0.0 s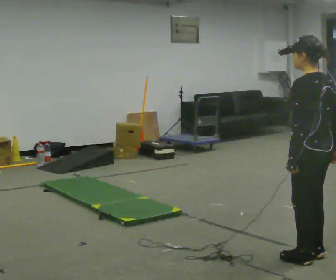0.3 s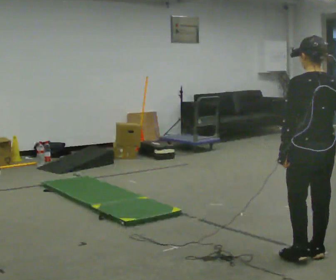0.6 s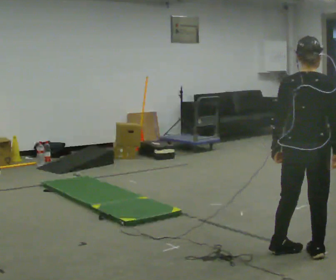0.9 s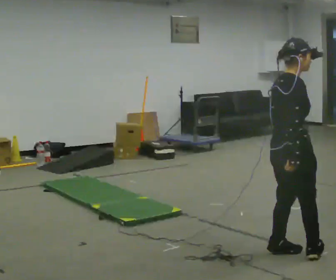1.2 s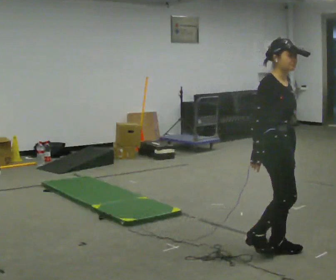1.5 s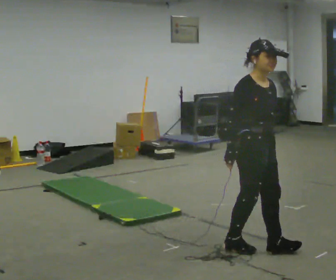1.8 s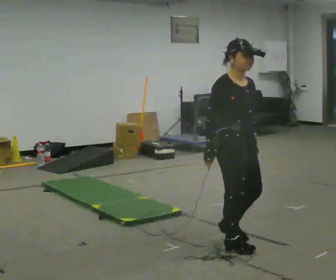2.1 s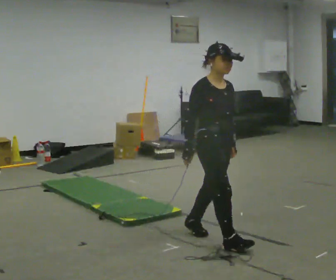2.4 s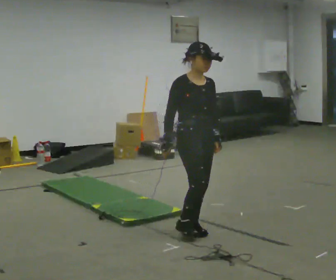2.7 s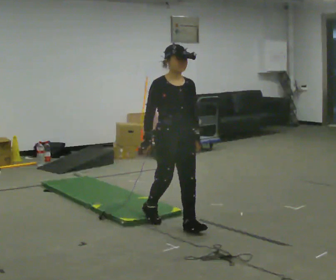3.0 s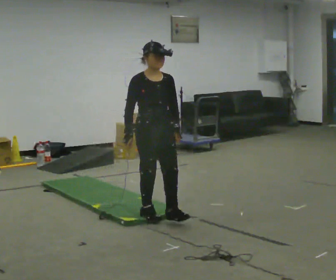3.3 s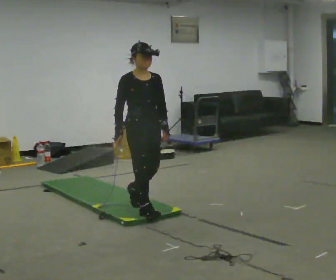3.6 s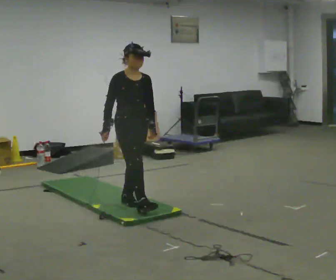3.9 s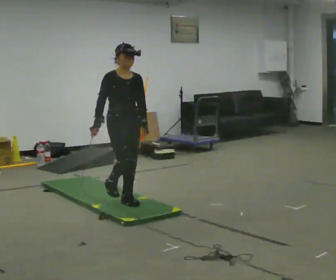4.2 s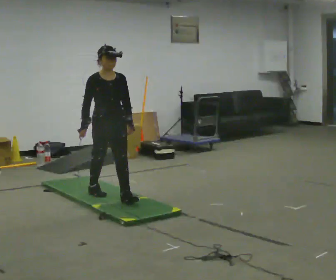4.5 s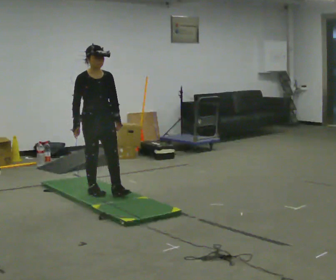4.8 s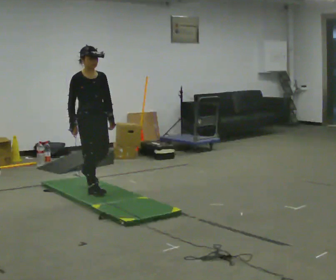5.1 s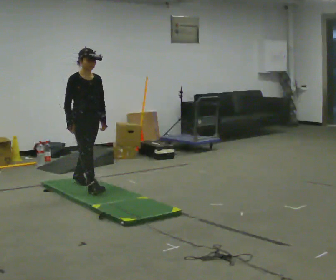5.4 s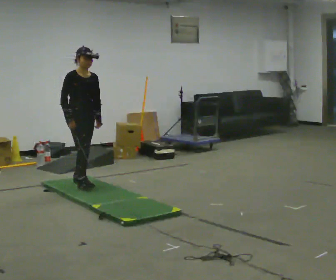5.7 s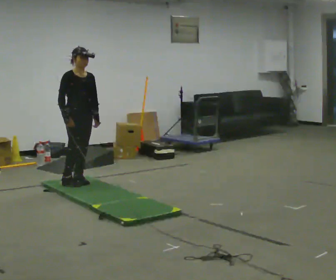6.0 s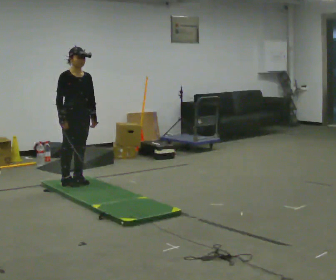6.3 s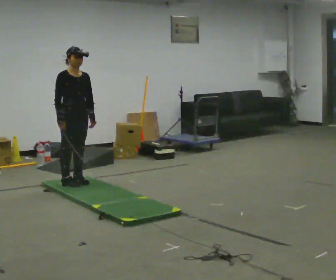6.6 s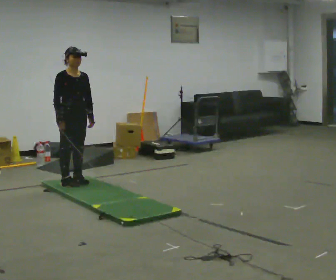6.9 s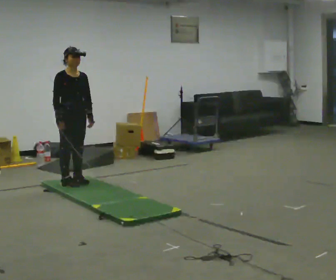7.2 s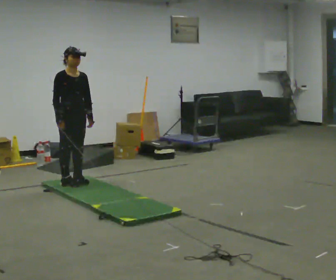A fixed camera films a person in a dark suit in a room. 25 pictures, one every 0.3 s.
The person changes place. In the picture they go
away from the camera.
0.0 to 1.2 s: The part of the body nearest the lens slides to the left as the person turns to their right by about 150 degrees. In the picture they go away from the camera and to the left, about 0.25 m in 2 steps.
1.2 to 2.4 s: The person turns about 30 degrees to their right, clockwise seen from above, so the part of the body nearest the lens slides to the left. In the picture they go away from the camera and to the left, about 0.75 m in 2 steps, which for them is backward.
2.4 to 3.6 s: In the picture they go away from the camera and to the left, about 1 m in 2 steps, which for them is backward.
3.6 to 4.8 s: In the picture they go away from the camera and to the left, about 0.75 m in 1 step, which for them is backward.
4.8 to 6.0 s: In the picture they go away from the camera and to the left, about 0.5 m in 1 step, which for them is backward.
6.0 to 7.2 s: The person moves a little, or ends about where they began.
The film runs backward here.
